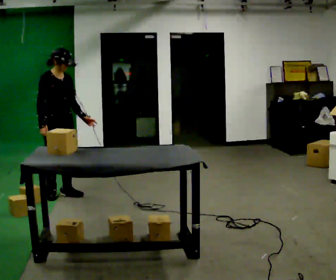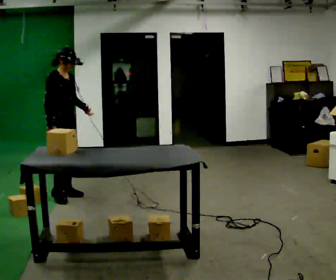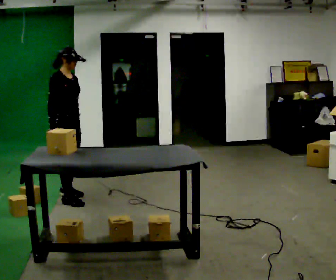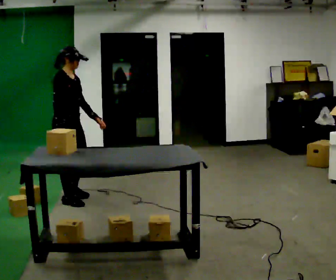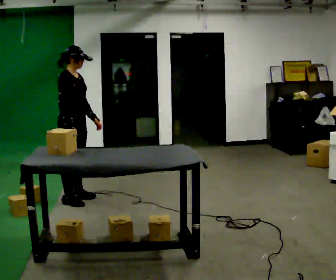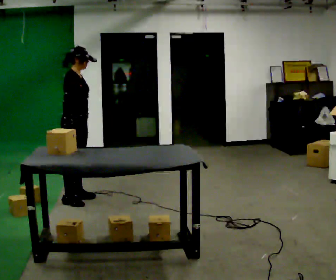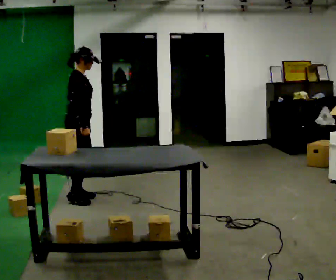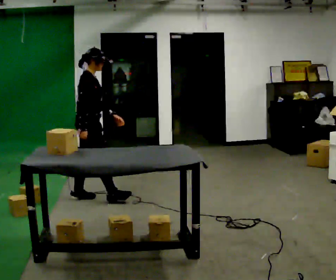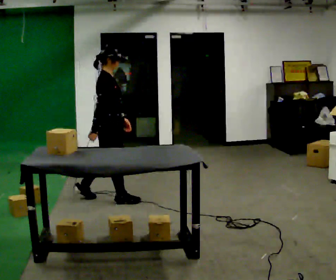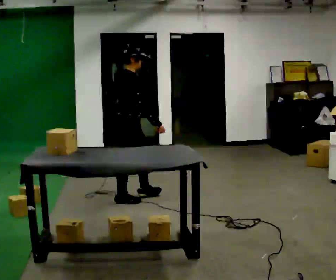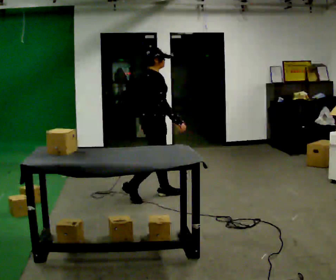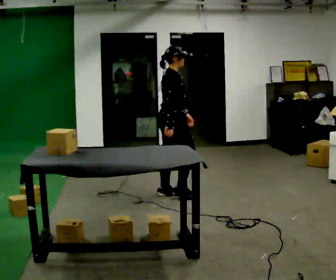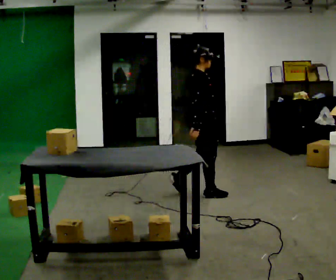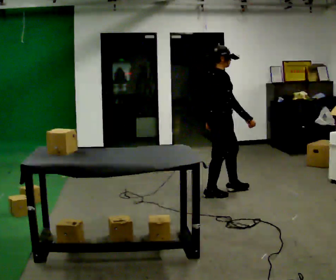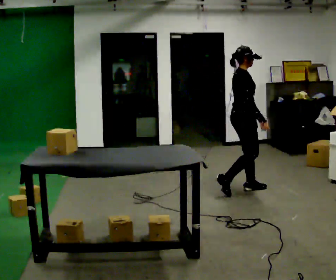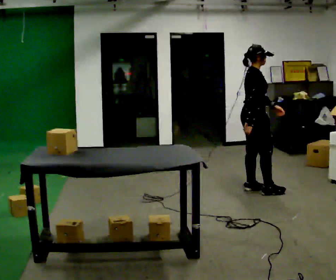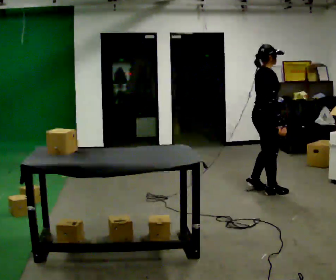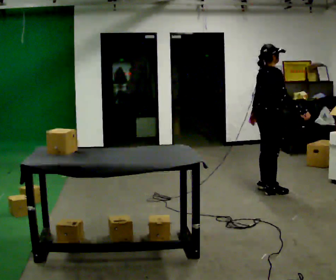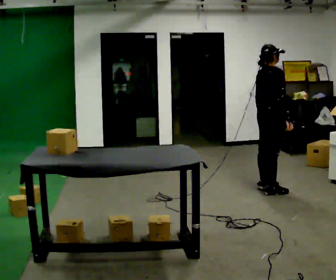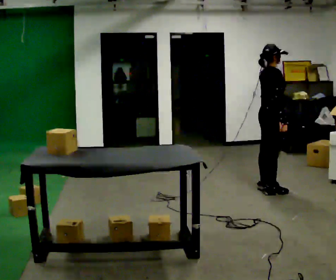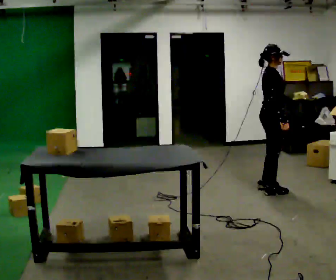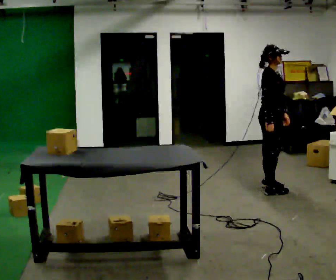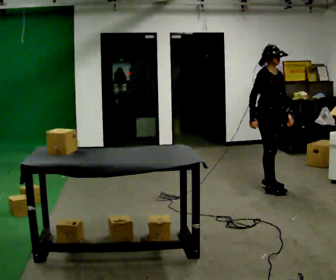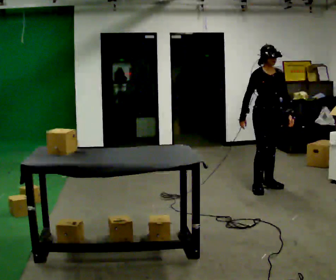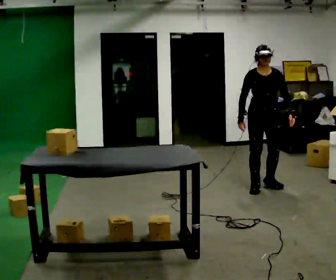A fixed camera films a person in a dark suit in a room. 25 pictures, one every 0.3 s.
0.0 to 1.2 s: The person turns about 30 degrees to their left, counterclockwise seen from above, so the part of the body nearest the lens slides to the right. In the picture they go to the right, about 0.25 m in 2 steps, which for them is forward.
1.2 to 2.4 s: In the picture they go to the right, about 0.25 m in 1 step, which for them is forward.
2.4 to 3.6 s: In the picture they go to the right, about 1 m in 2 steps, which for them is forward.
3.6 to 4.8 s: In the picture they go to the right, about 0.75 m in 2 steps, which for them is forward.
4.8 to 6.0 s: The person moves a little, or ends about where they began.
6.0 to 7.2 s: Seen from above the body turns clockwise, about 90 degrees: to their right, with its near side sliding to the left.
The film runs forward here.
